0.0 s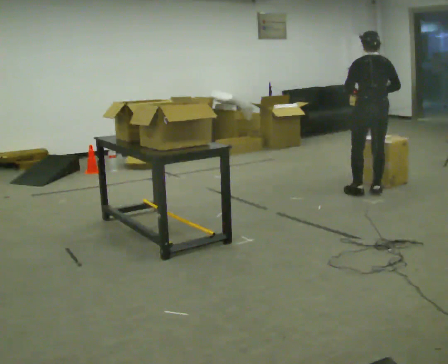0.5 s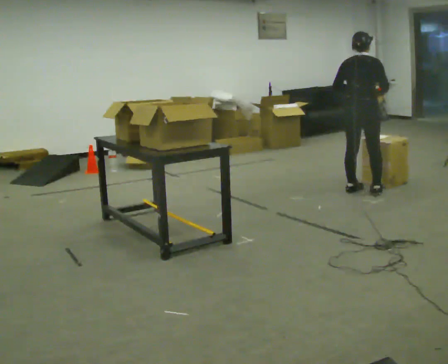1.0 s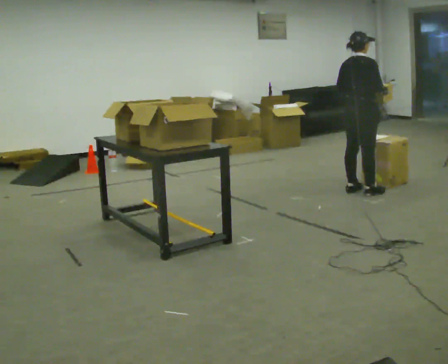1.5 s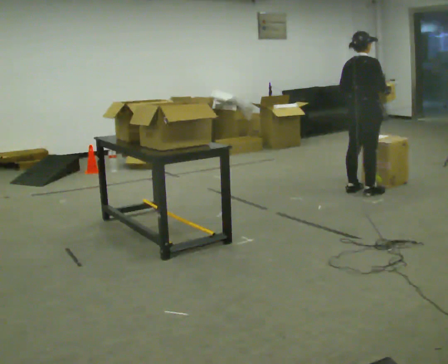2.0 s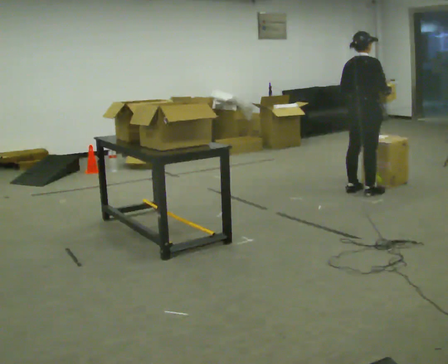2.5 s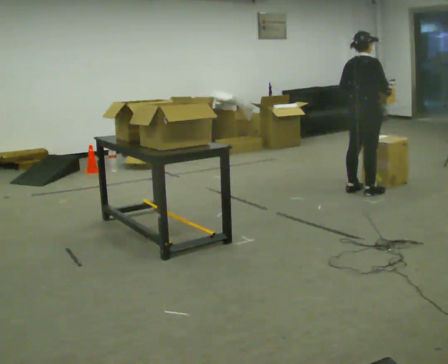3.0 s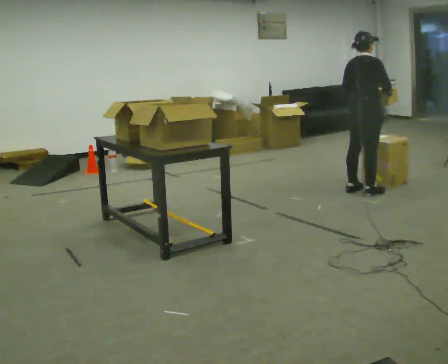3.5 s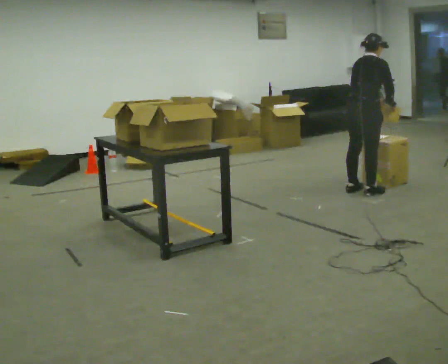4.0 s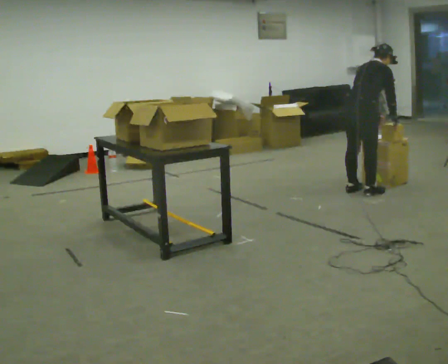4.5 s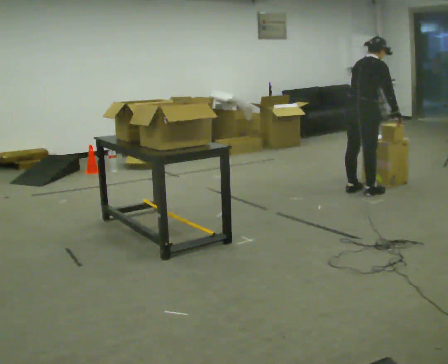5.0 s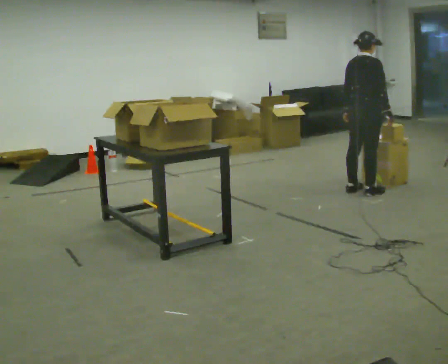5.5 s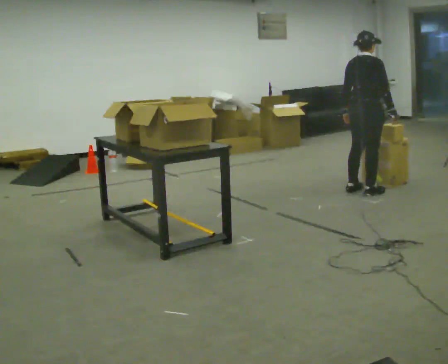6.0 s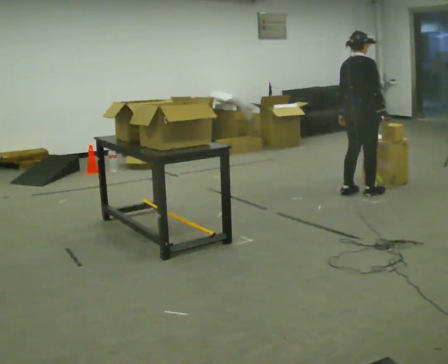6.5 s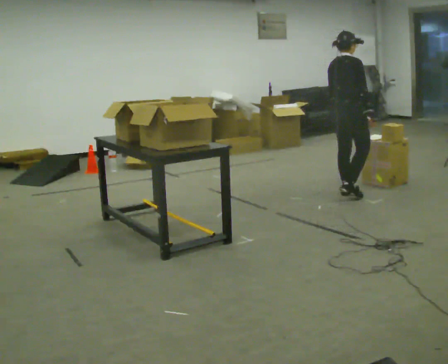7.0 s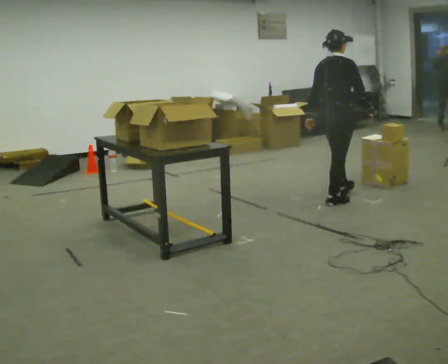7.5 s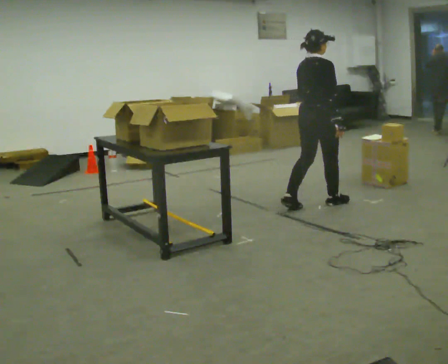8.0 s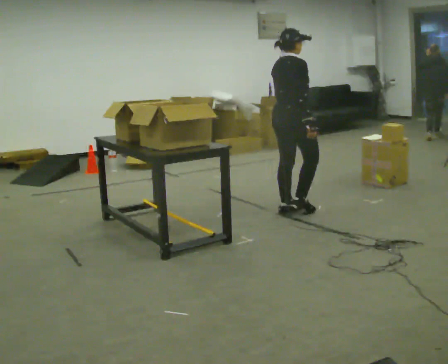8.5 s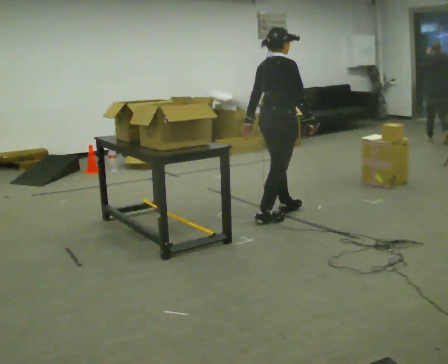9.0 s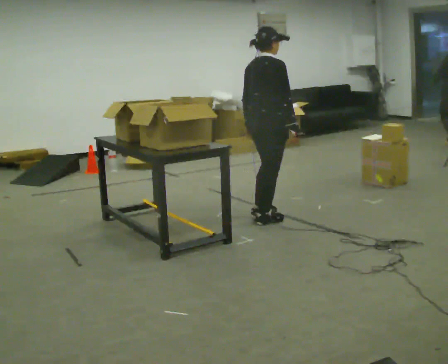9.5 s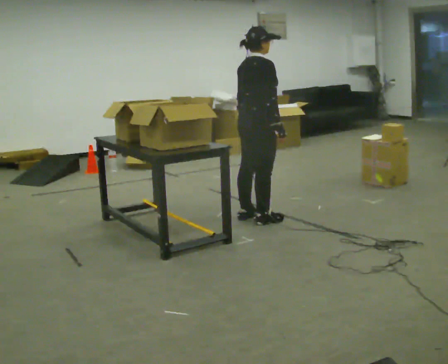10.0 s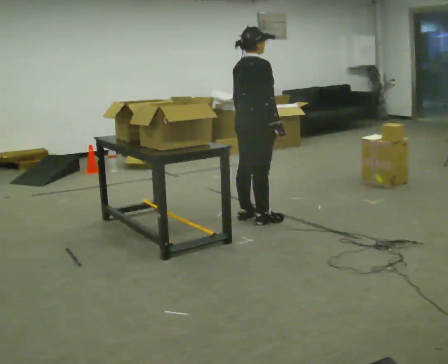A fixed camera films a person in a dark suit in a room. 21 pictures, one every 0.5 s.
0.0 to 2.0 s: The part of the body nearest the lens slides to the left as the person turns to their right by about 60 degrees.
2.0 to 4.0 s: In the picture the upper body tilts clockwise, shoulders to the right, as they bend forward.
4.0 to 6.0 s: In the picture the upper body tilts counterclockwise, shoulders to the left, as they lean back or straighten. In the picture their left hand goes to the left.
6.0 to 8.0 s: In the picture they go to the left and toward the camera, about 1 m in 3 steps, which for them is backward.
8.0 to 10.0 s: In the picture they go toward the camera and to the left, about 0.5 m in 1 step, which for them is backward.
The film runs backward here.
